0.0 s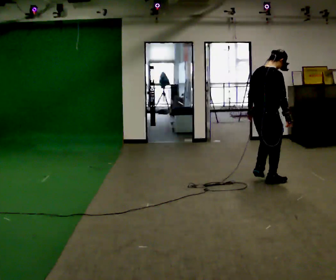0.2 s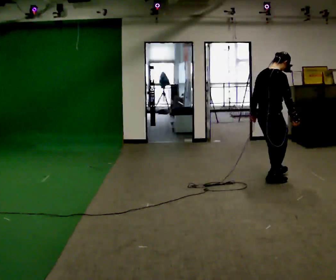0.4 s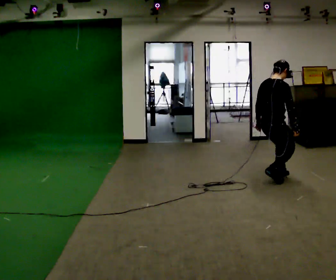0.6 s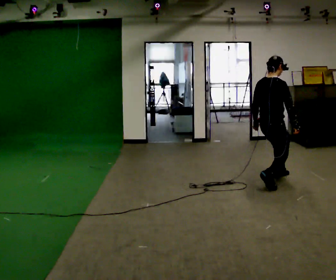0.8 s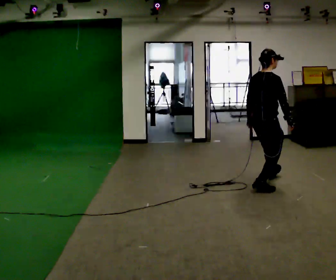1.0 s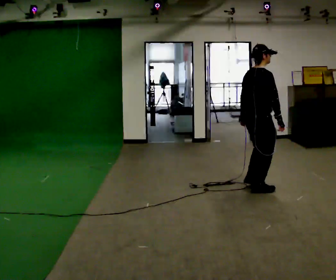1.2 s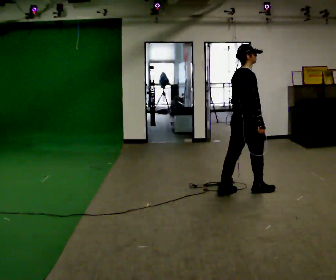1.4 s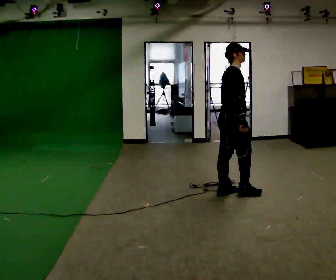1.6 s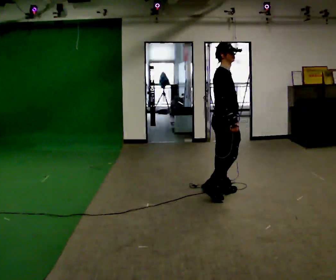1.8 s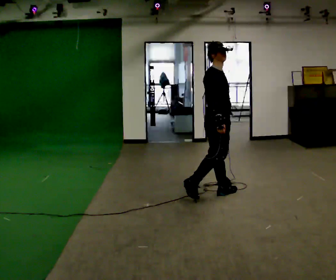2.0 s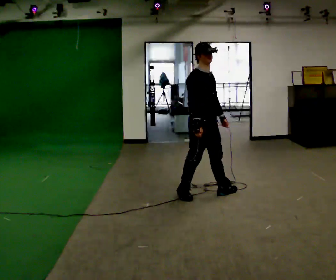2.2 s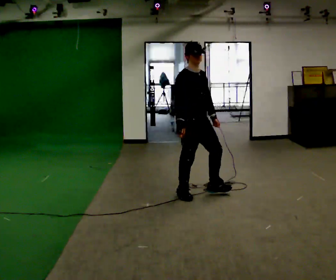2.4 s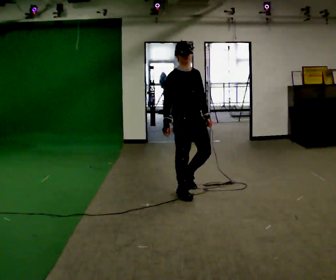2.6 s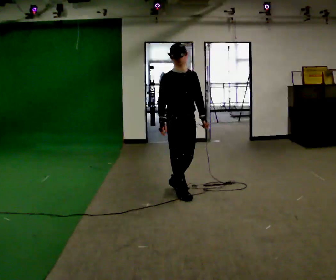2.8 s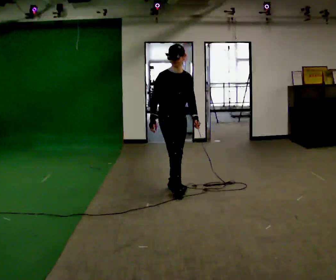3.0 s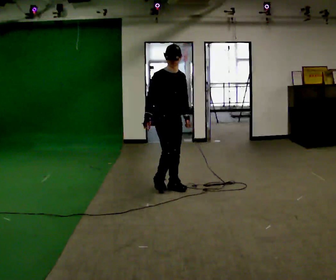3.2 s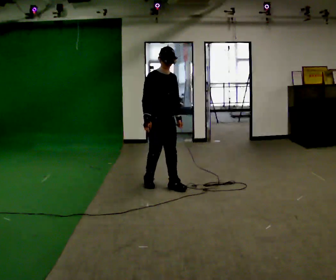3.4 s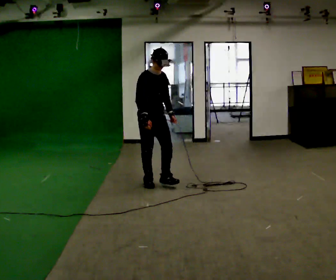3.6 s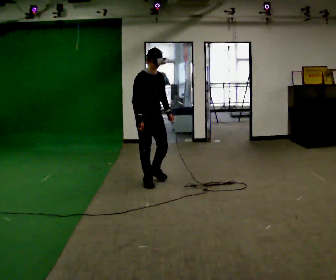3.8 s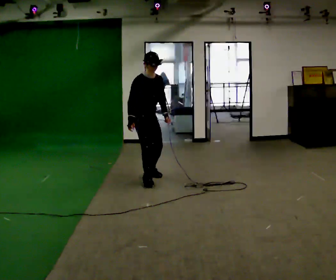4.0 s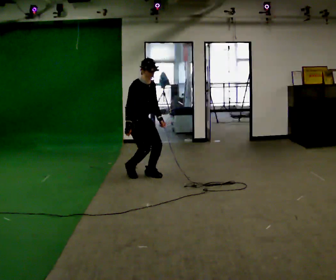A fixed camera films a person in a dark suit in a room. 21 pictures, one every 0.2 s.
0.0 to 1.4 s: The part of the body nearest the lens slides to the left as the person turns to their right by about 30 degrees. In the picture they go to the left and toward the camera, about 0.5 m in 3 steps, which for them is backward.
1.4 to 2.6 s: The person turns about 75 degrees to their right, clockwise seen from above, so the part of the body nearest the lens slides to the left. In the picture they go to the left, about 0.5 m in 2 steps.
2.6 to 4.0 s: In the picture they go away from the camera and to the left, about 1 m in 2 steps, which for them is backward.
The film runs forward here.
